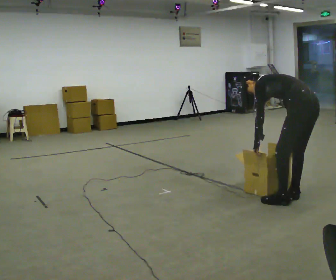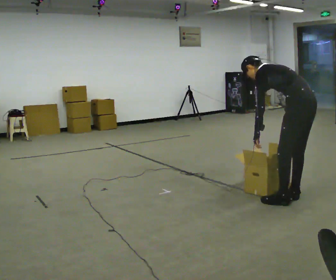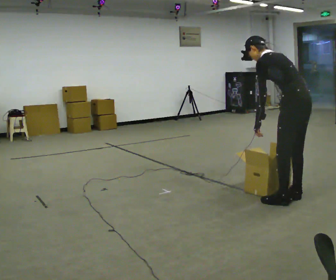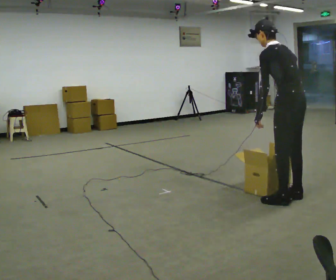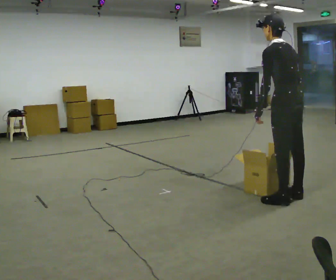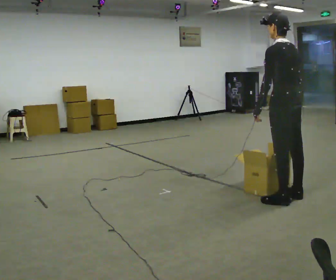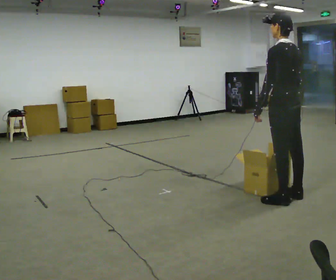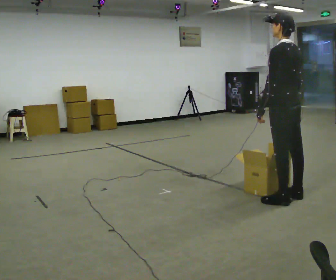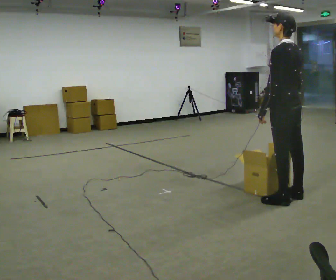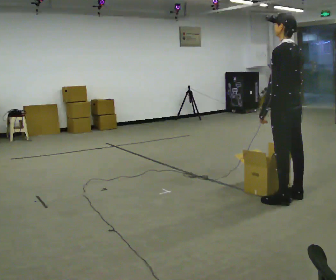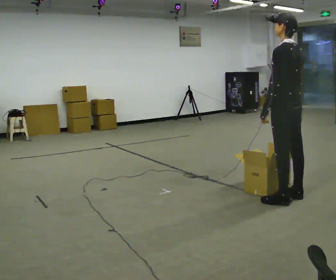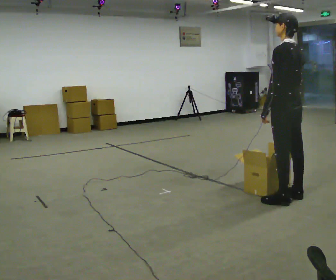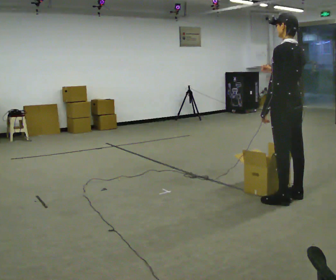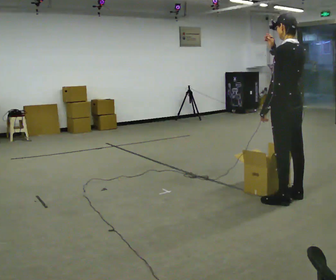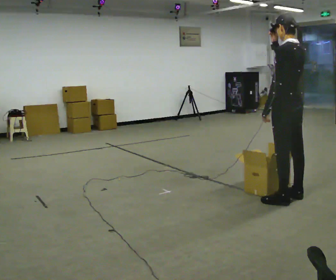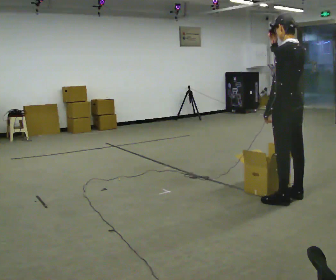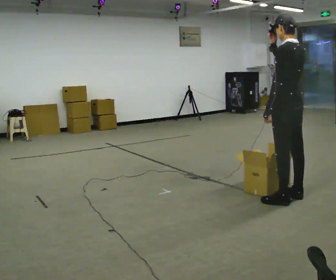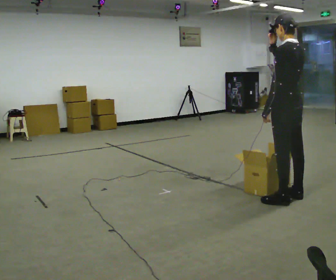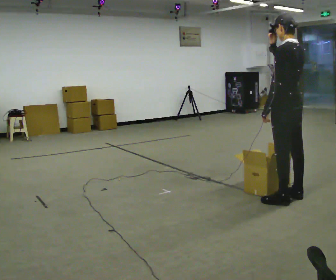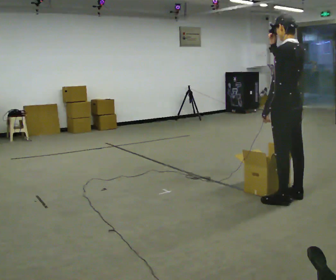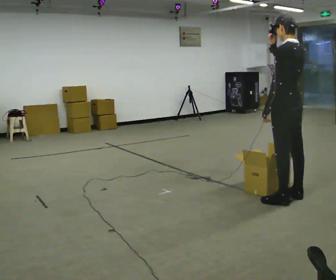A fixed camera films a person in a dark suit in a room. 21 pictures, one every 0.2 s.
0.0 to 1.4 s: In the picture they go to the left, about 0.25 m, which for them is forward. The upper body goes upward. In the picture the upper body tilts clockwise, shoulders to the right, as they lean back or straighten.
1.4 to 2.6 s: In the picture their right hand goes upward.
2.6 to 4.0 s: The person moves a little, or ends about where they began.
The film runs forward here.
